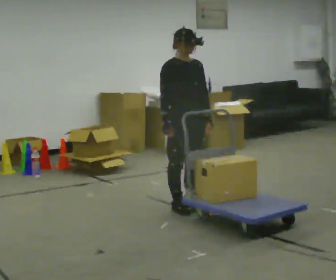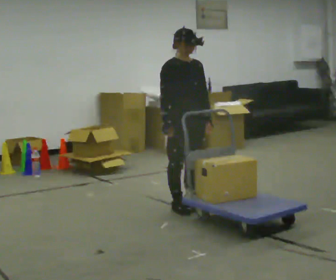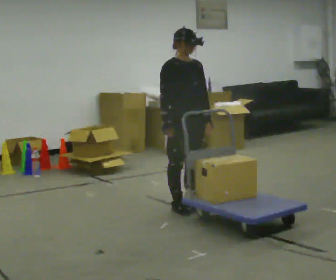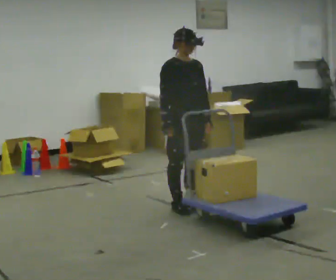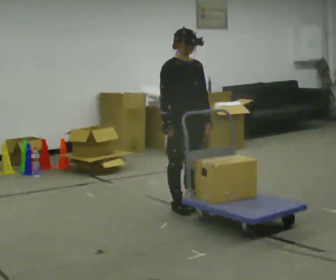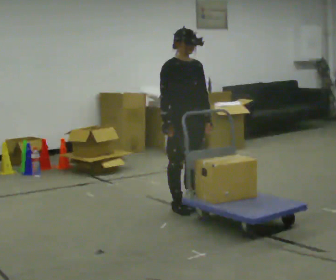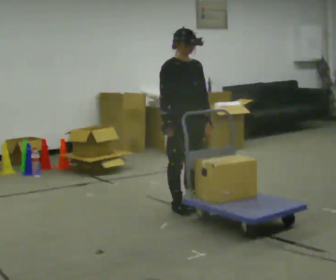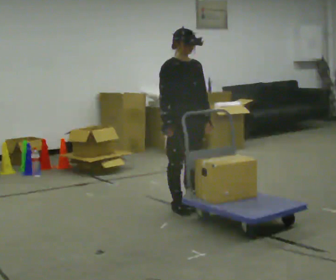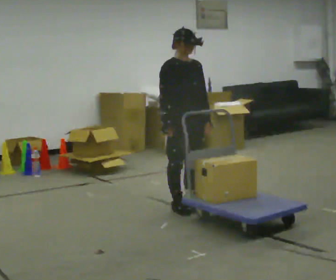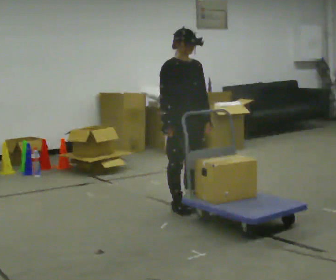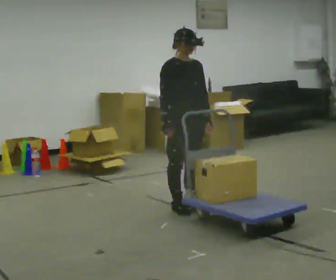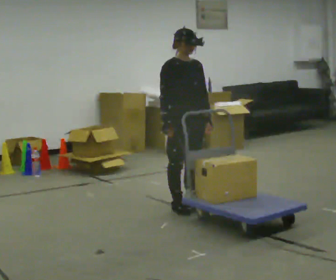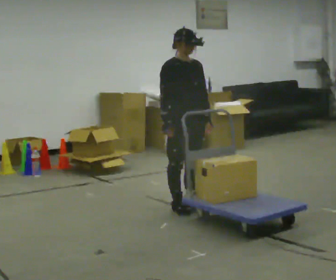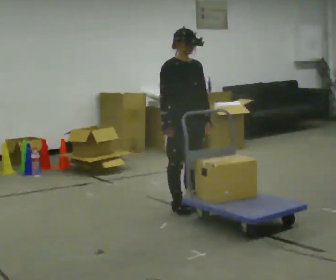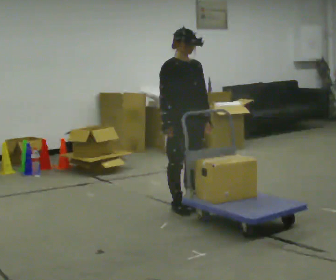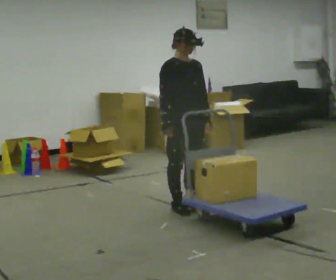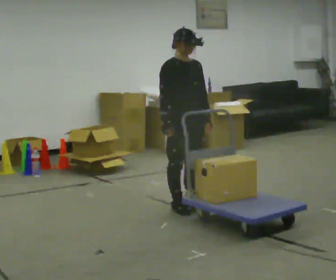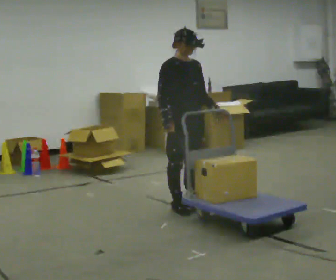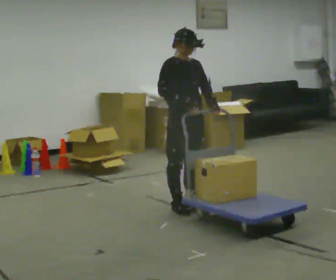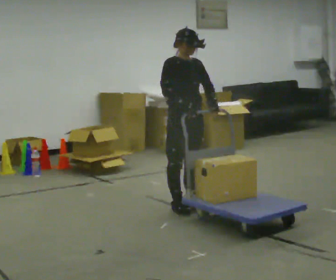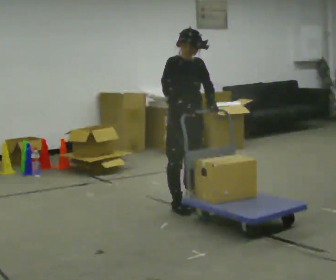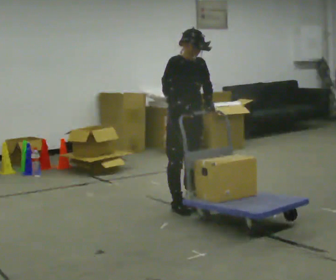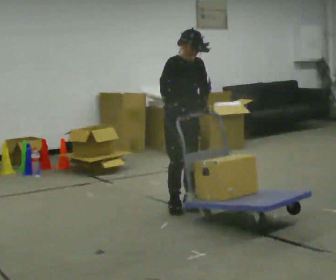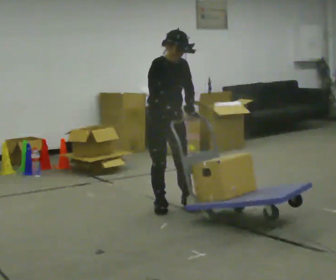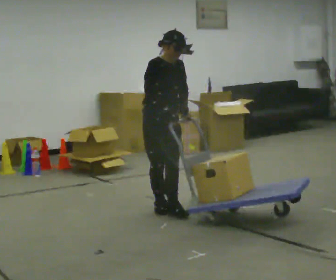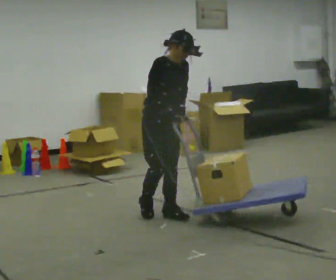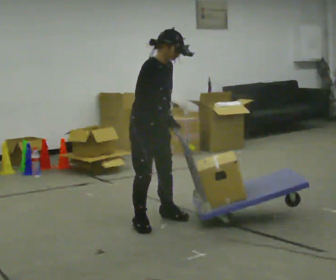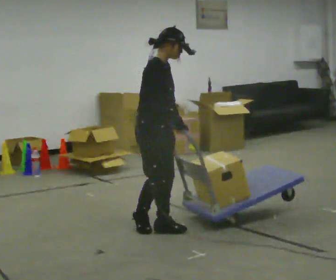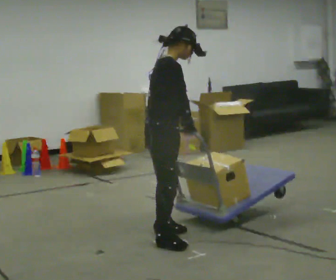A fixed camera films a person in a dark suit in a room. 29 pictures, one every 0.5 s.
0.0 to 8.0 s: The person keeps their place and pose.
8.0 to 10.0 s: The person moves a little, or ends about where they began.
10.0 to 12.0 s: In the picture they go to the left, about 0.25 m, which for them is to their right.
12.0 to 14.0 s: Seen from above the body turns counterclockwise, about 60 degrees: to their left, with its near side sliding to the right. In the picture they go toward the camera, about 0.5 m in 4 steps, which for them is to their right and forward.
The film runs forward here.
